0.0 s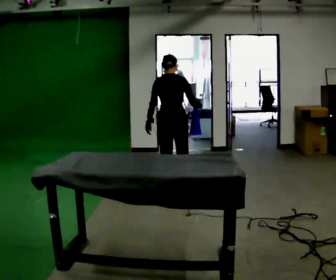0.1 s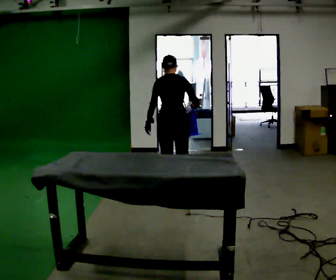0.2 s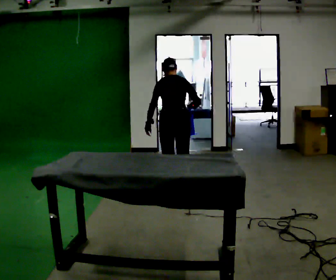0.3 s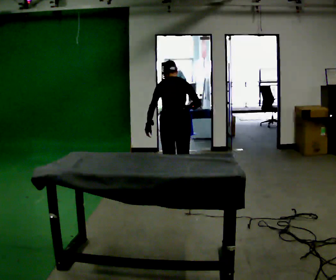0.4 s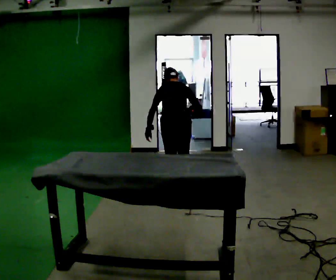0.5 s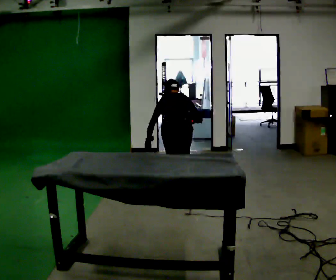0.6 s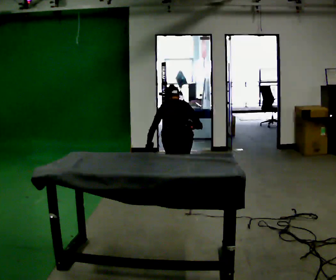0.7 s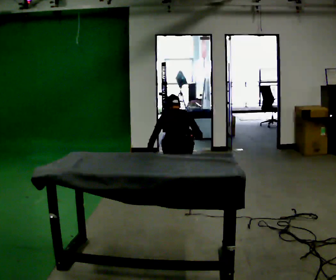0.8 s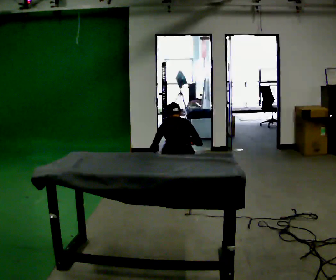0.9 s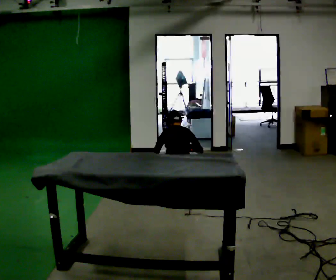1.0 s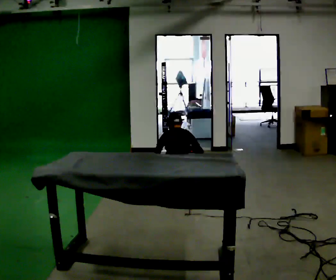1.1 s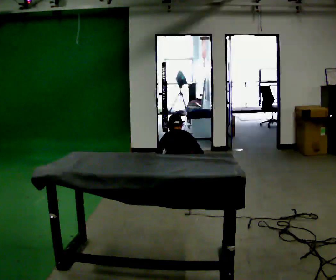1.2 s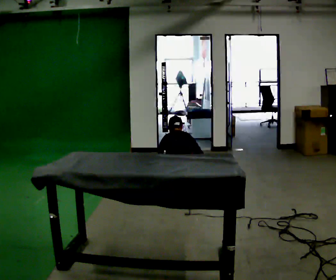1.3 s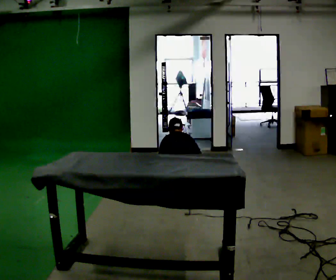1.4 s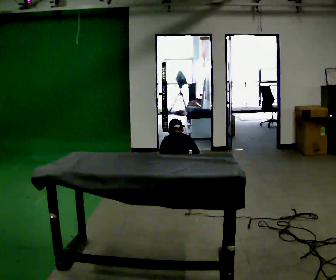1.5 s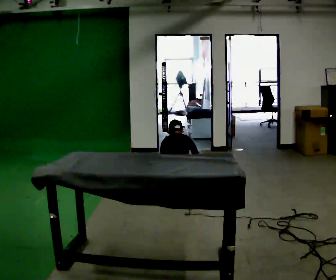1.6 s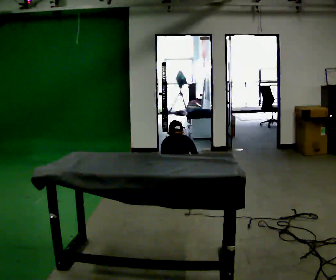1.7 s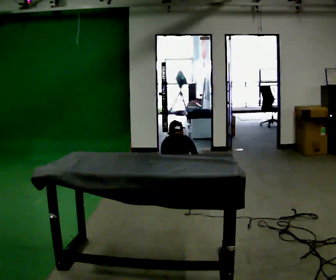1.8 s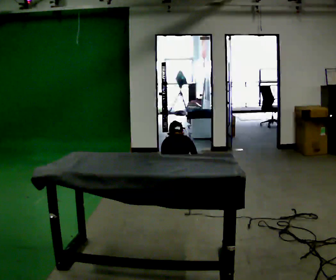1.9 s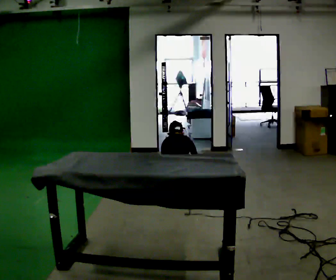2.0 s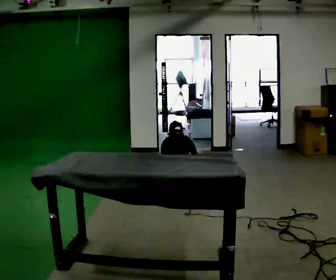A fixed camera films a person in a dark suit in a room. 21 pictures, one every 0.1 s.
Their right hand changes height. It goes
downward.
The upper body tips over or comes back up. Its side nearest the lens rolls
upward.
0.0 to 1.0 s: The upper body goes downward. The upper body tips away from the camera, its near side rolling upward, as they bend forward. In the picture their right hand goes downward.
1.0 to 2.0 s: The person moves a little, or ends about where they began.
The film runs backward here.
